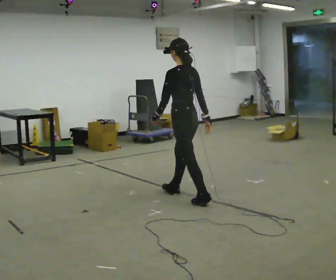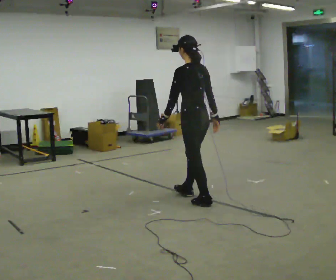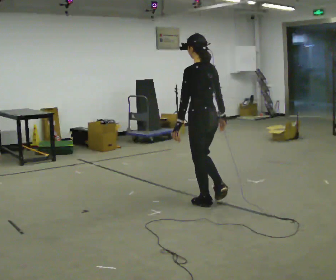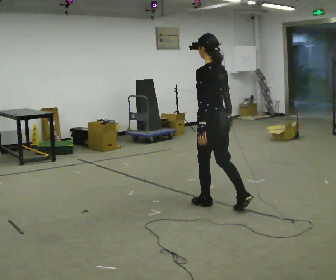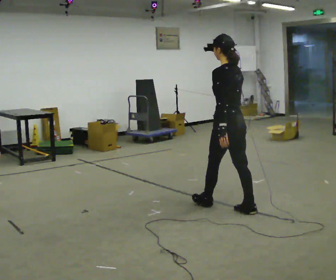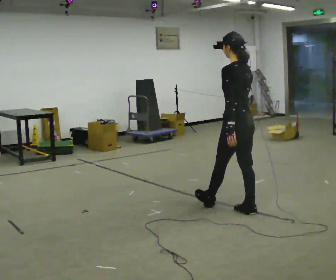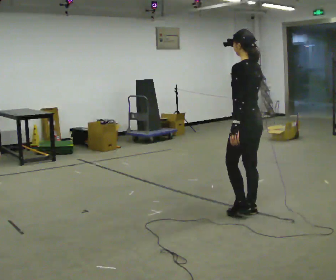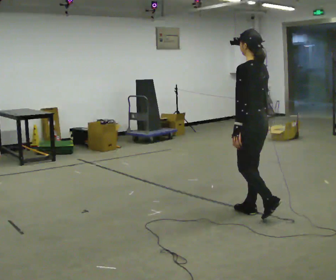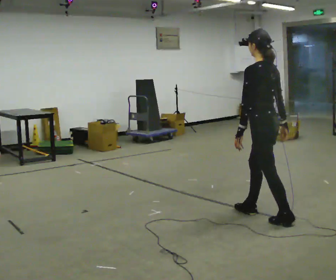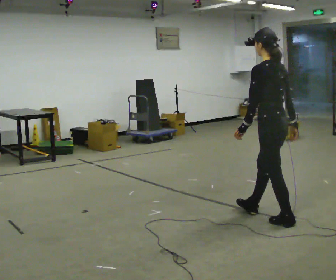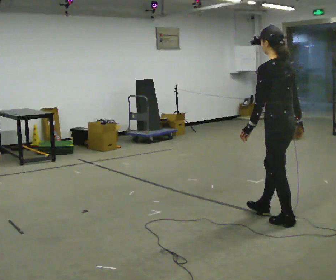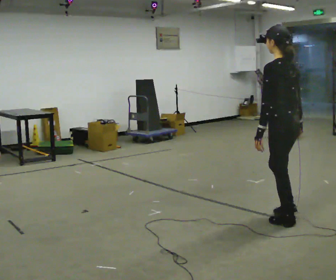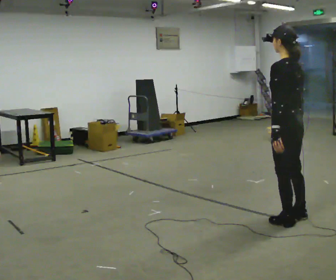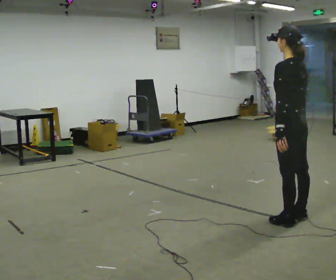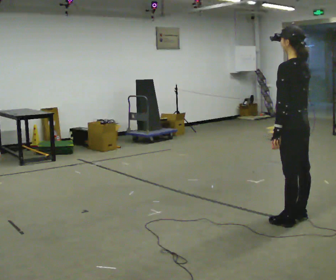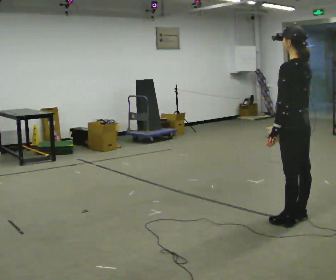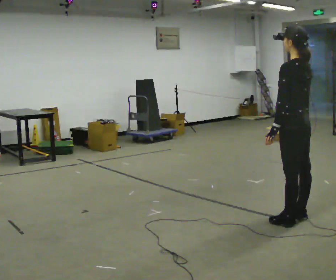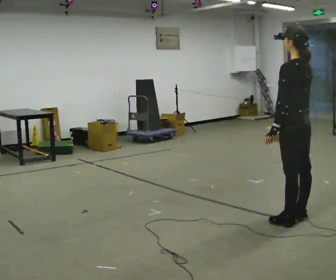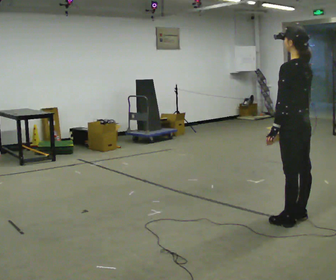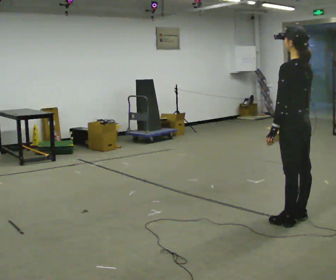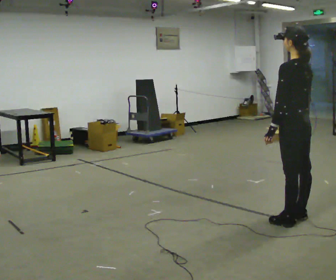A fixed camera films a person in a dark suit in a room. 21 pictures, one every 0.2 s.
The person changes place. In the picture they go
to the right.
0.0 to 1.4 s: In the picture they go to the right and toward the camera, about 1 m in 2 steps, which for them is backward.
1.4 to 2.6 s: In the picture they go to the right and toward the camera, about 0.5 m in 1 step, which for them is backward.
2.6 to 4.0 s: The person moves a little, or ends about where they began.
The film runs backward here.
